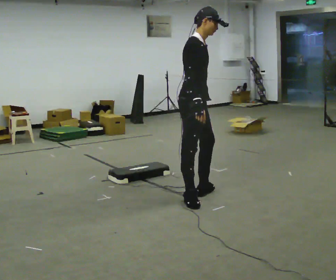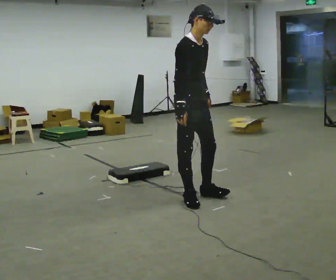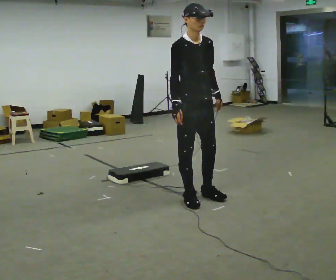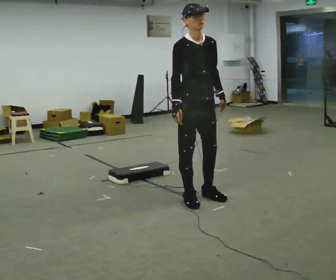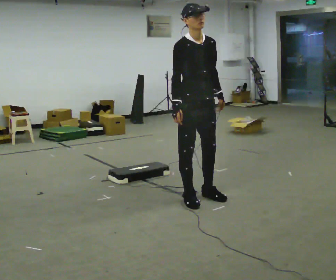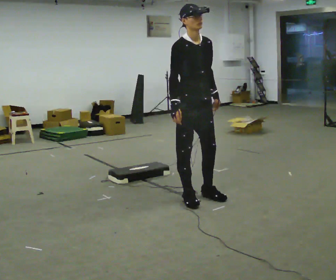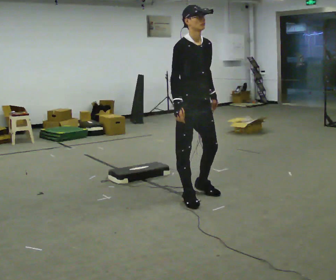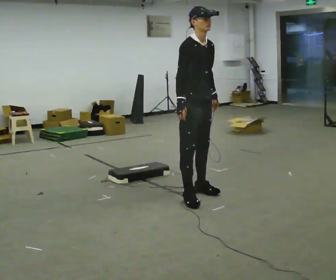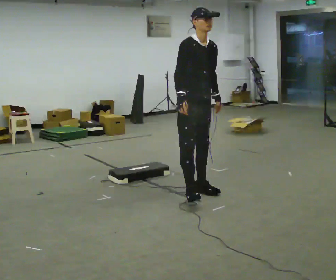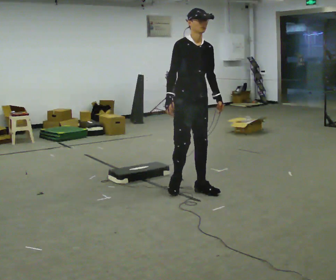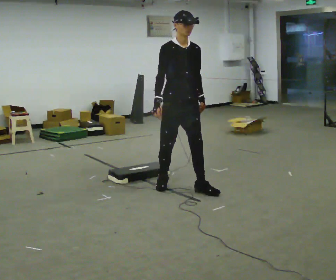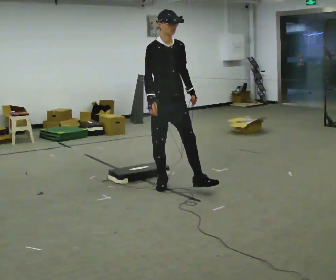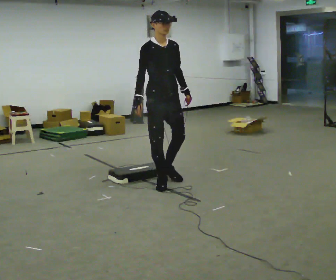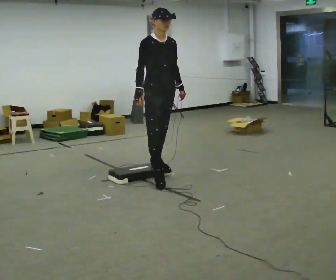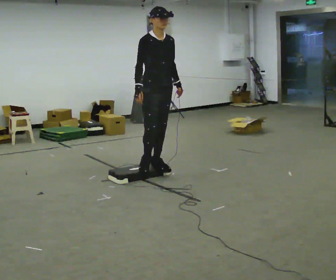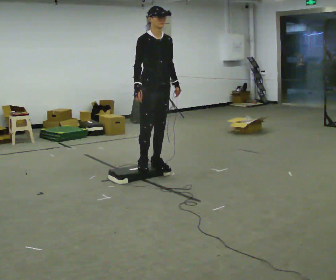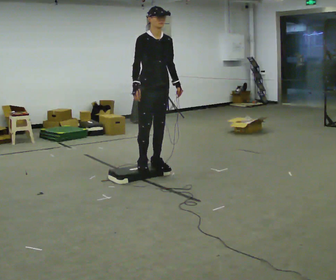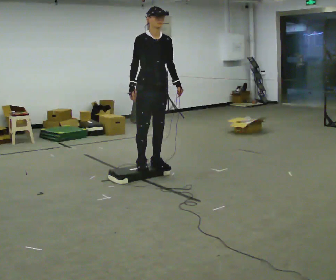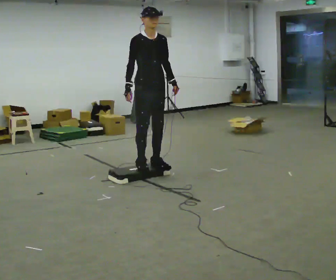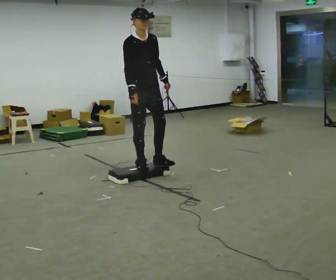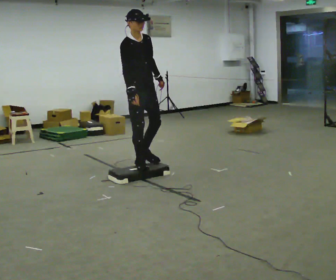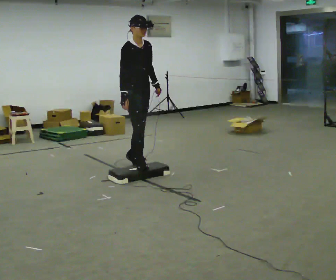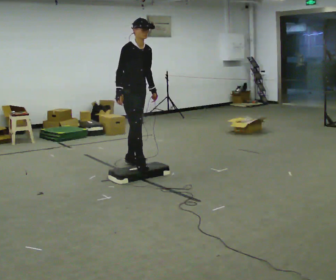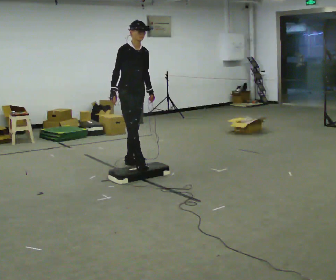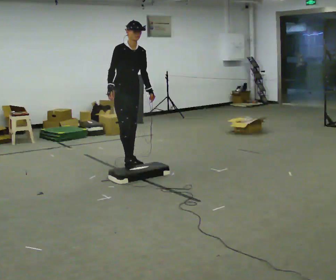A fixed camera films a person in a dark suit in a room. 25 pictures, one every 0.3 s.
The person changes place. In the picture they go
away from the camera.
0.0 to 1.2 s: The person turns about 45 degrees to their right, clockwise seen from above, so the part of the body nearest the lens slides to the left.
1.2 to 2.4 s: In the picture they go away from the camera, about 0.25 m in 1 step, which for them is backward and to their left.
2.4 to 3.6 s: In the picture they go to the left and away from the camera, about 0.5 m in 1 step, which for them is backward and to their right.
3.6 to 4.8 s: In the picture they go away from the camera, about 0.25 m in 1 step, which for them is backward.
4.8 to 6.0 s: In the picture they go to the left, about 0.25 m in 1 step, which for them is backward.
6.0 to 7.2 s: In the picture they go away from the camera and to the left, about 0.5 m in 1 step, which for them is backward and to their left.
The film runs backward here.
